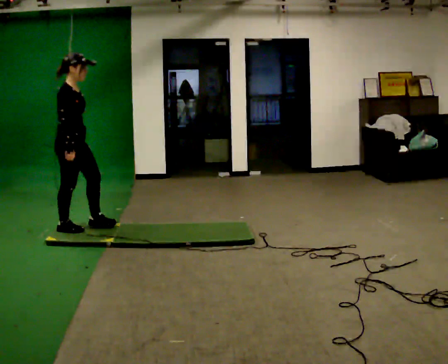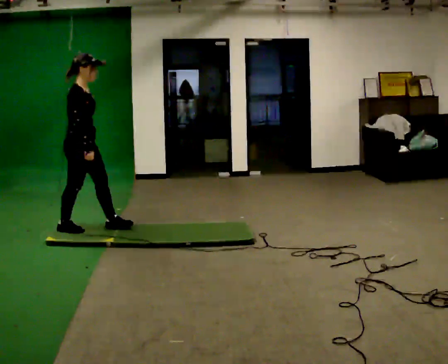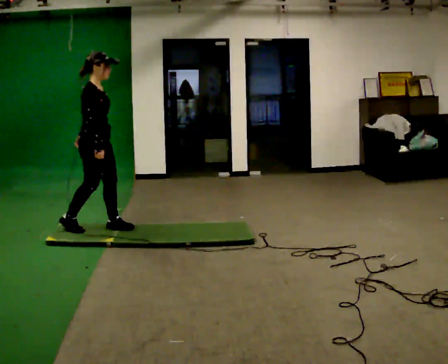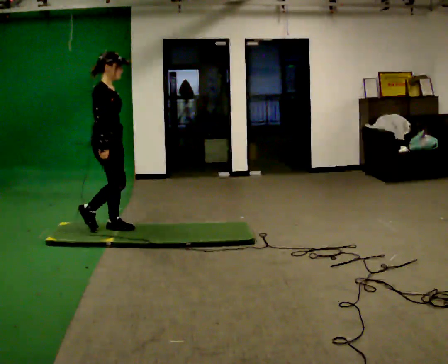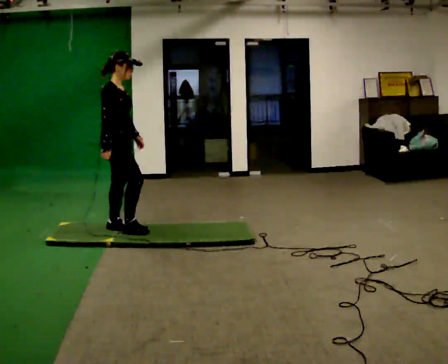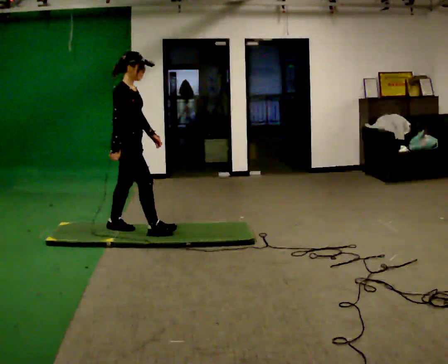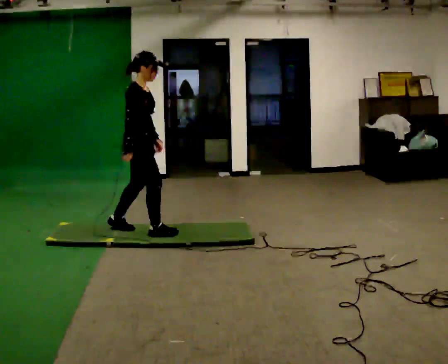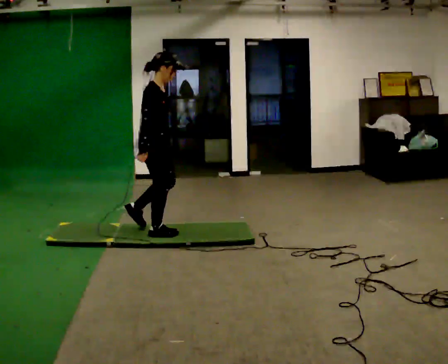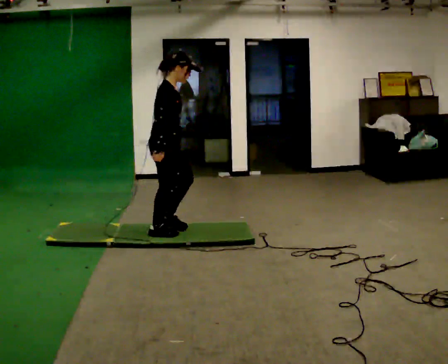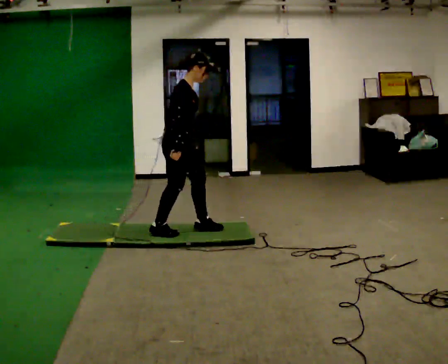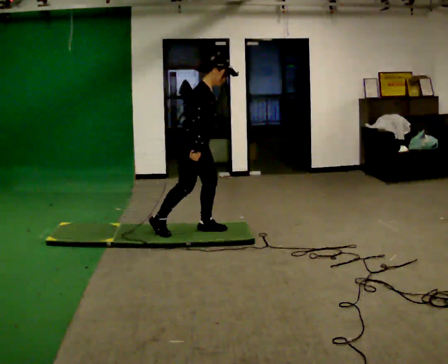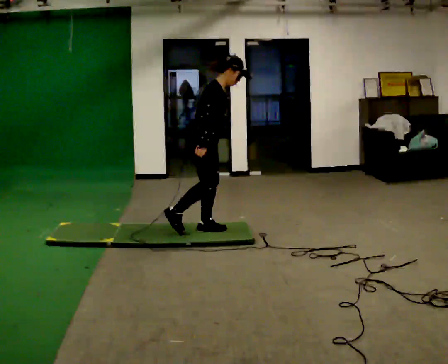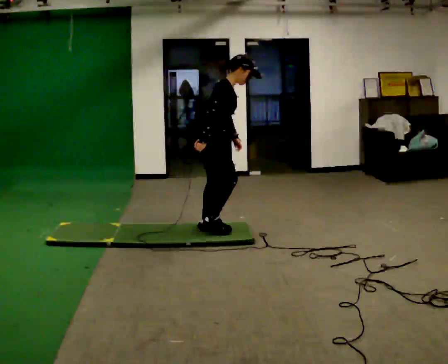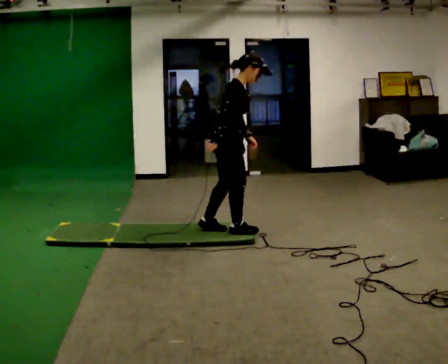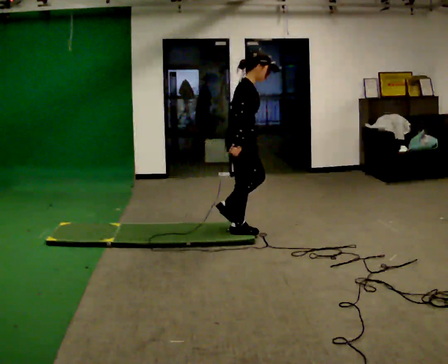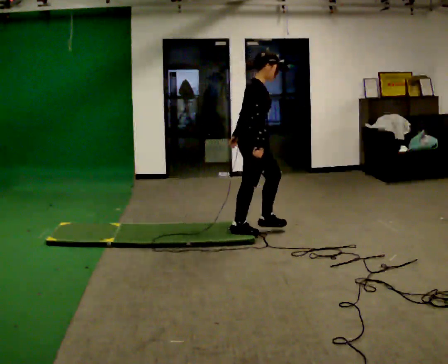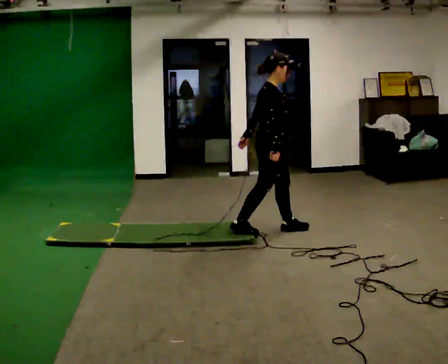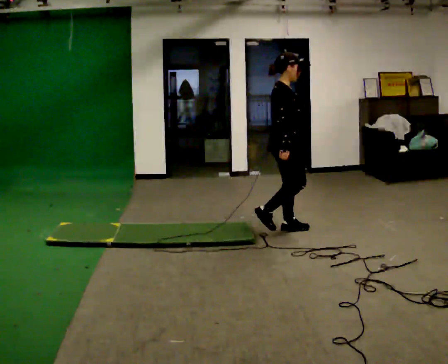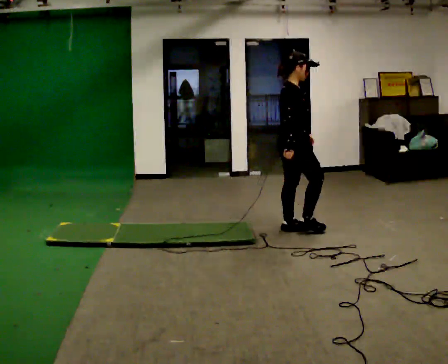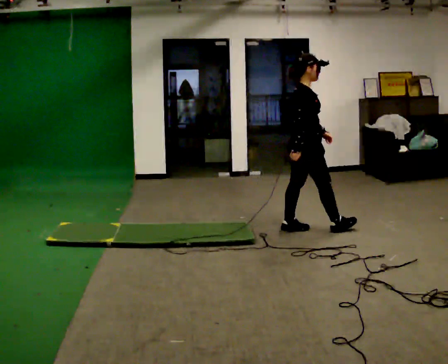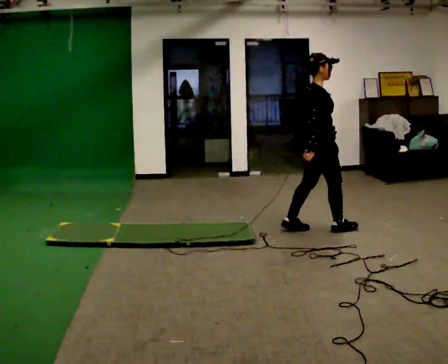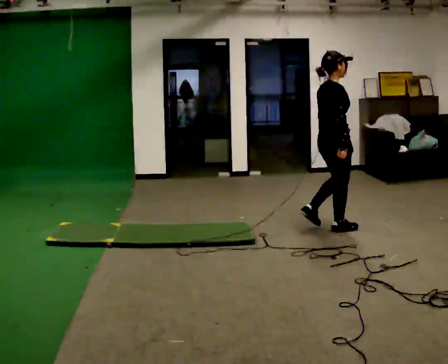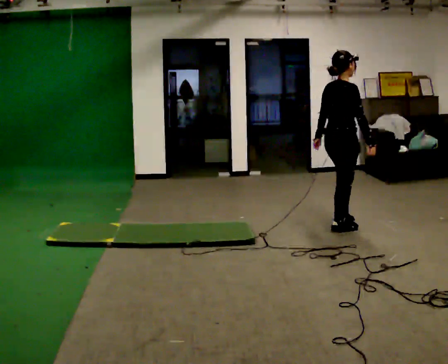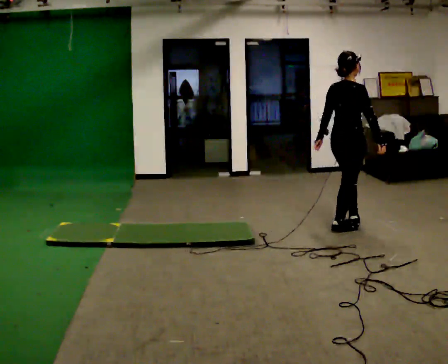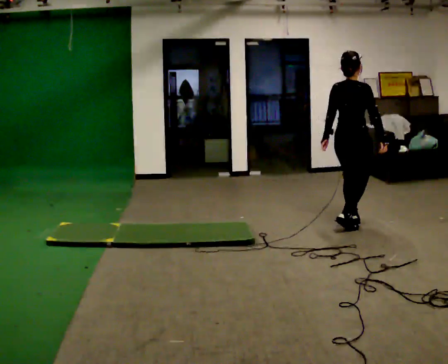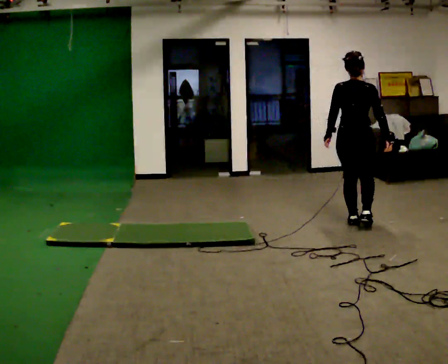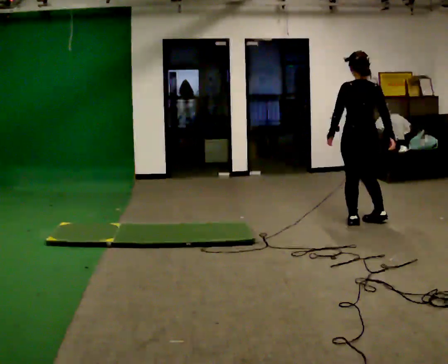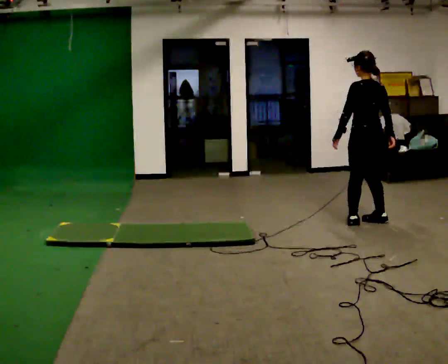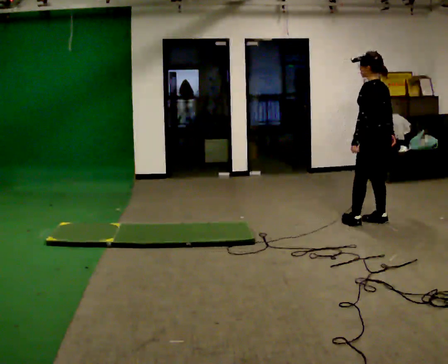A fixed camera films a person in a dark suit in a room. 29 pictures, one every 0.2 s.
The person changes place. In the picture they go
to the right.
0.0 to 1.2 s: In the picture they go to the right, about 0.5 m in 2 steps, which for them is forward.
1.2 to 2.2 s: In the picture they go to the right, about 0.5 m in 1 step, which for them is forward. In the picture the upper body tilts clockwise, shoulders to the right, as they bend forward.
2.2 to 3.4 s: In the picture they go to the right, about 0.5 m in 2 steps, which for them is forward. In the picture the upper body tilts counterclockwise, shoulders to the left, as they lean back or straighten.
3.4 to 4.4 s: The person turns about 30 degrees to their left, counterclockwise seen from above, so the part of the body nearest the lens slides to the right. In the picture they go to the right, about 0.5 m in 1 step, which for them is forward.
4.4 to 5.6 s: Seen from above the body turns counterclockwise, about 105 degrees: to their left, with its near side sliding to the right. In the picture they go to the right and away from the camera, about 0.5 m in 2 steps.
The film runs forward here.
